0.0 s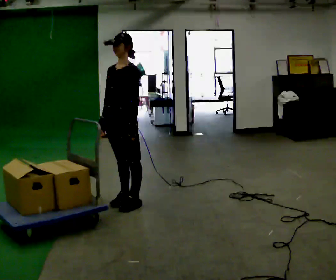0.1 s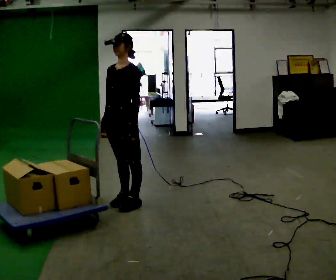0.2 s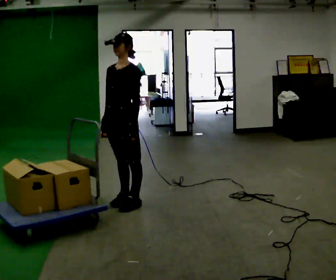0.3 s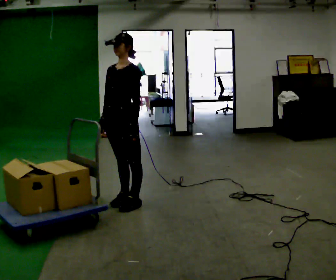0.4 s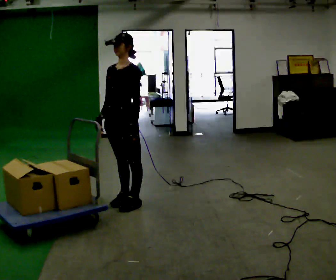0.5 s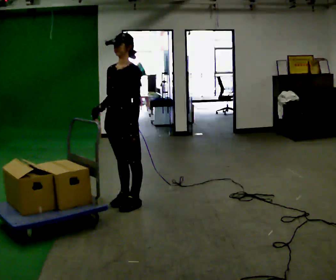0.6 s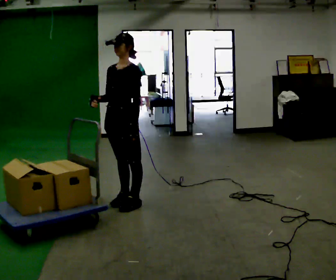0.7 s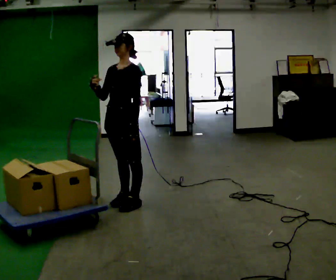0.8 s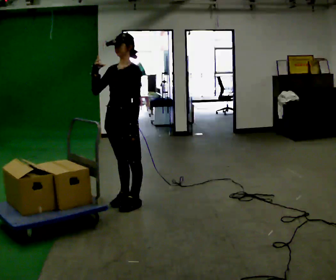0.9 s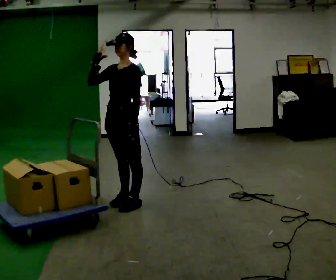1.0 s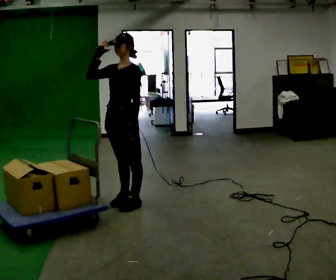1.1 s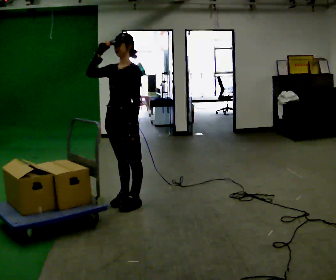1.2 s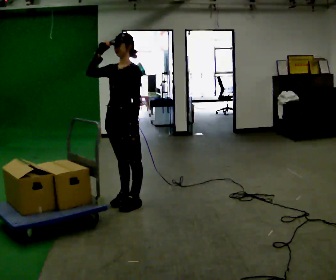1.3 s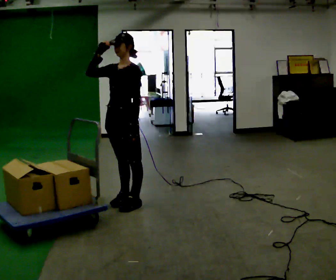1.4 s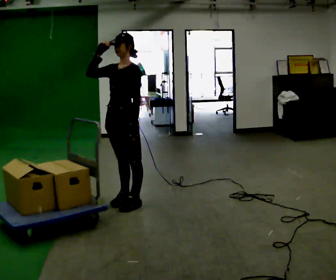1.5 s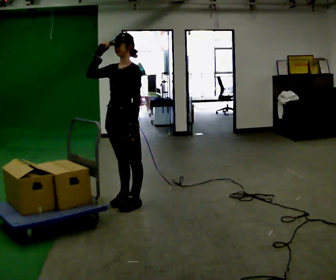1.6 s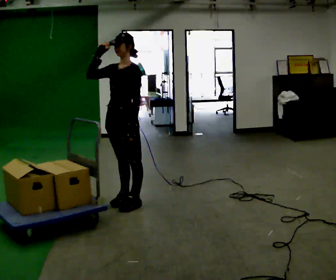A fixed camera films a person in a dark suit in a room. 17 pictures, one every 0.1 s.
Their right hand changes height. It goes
upward.
0.0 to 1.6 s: In the picture their right hand goes upward.
The film runs backward here.
